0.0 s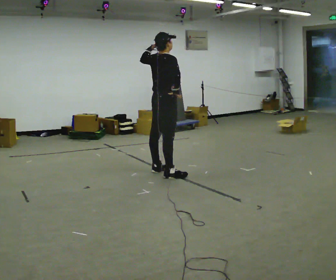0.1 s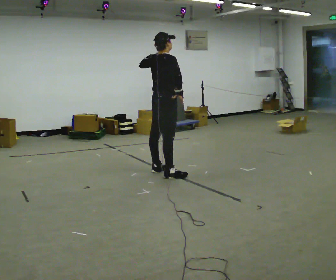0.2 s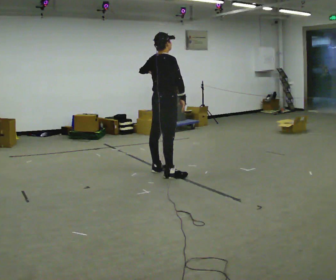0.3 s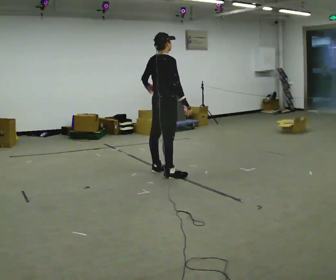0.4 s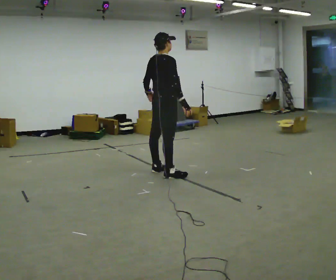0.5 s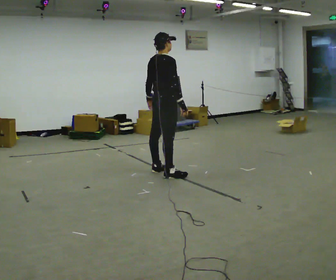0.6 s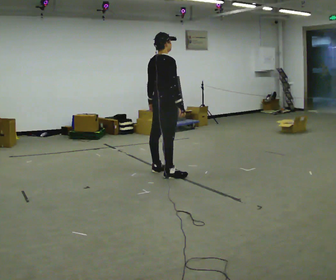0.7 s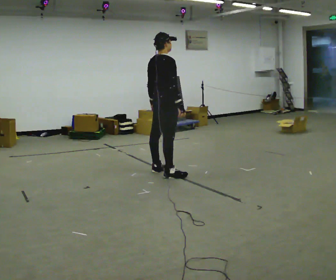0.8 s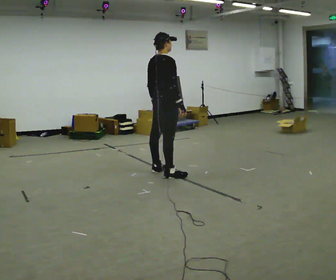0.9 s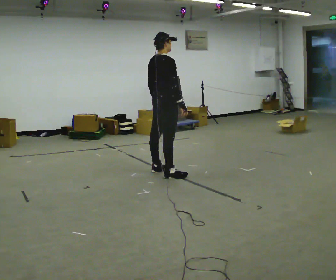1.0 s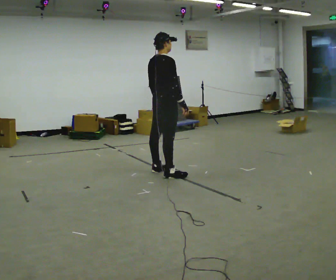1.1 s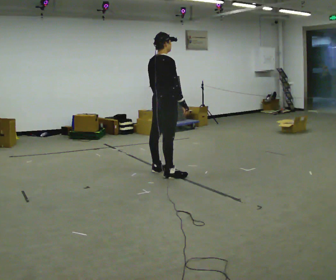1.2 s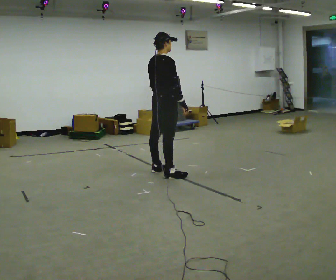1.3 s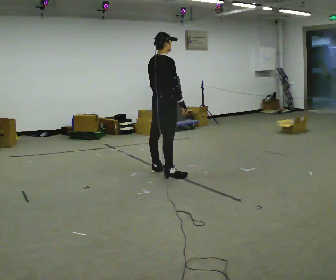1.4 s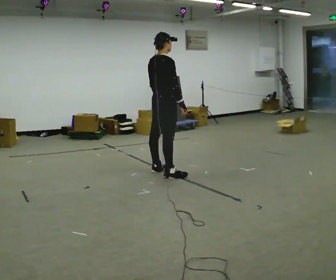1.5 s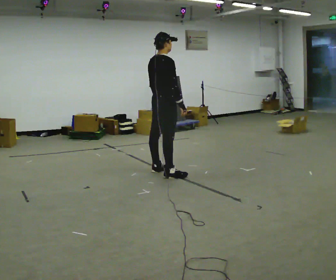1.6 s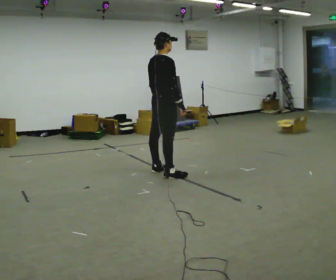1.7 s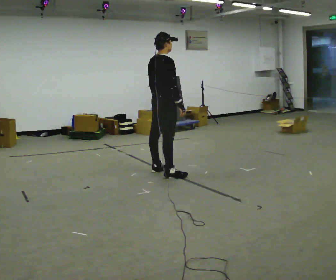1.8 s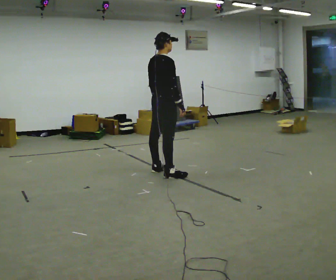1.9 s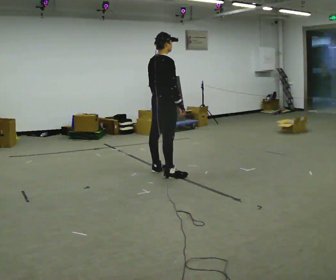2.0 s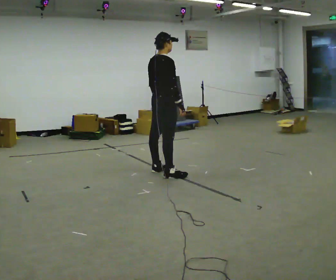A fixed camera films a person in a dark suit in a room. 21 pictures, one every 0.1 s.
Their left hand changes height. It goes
downward.
0.0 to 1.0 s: In the picture their left hand goes downward.
1.0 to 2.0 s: The person moves a little, or ends about where they began.
The film runs forward here.
